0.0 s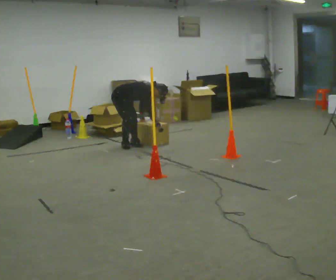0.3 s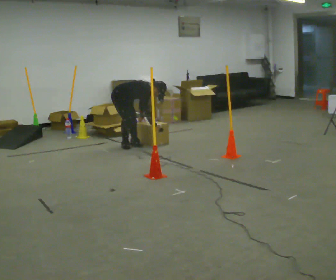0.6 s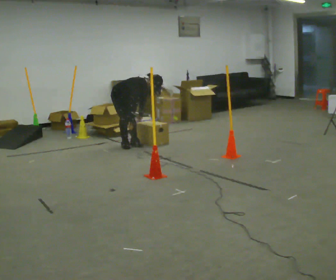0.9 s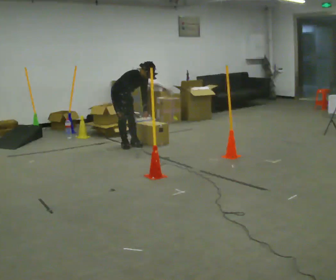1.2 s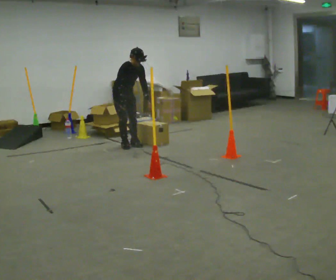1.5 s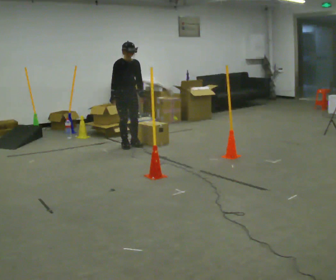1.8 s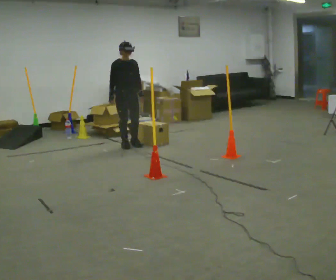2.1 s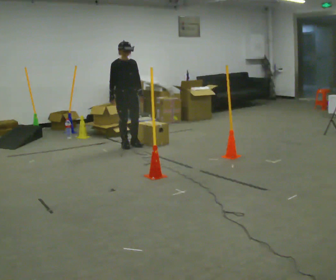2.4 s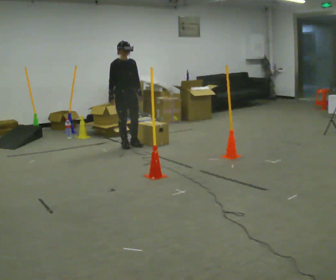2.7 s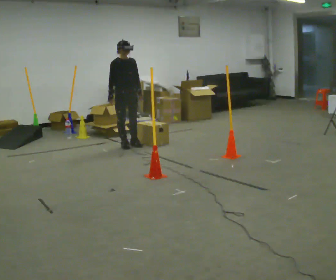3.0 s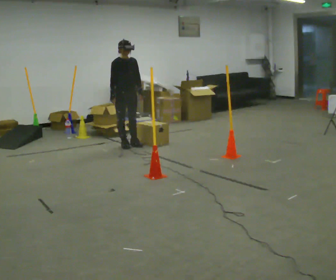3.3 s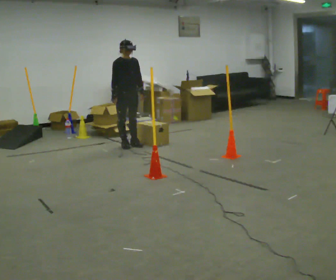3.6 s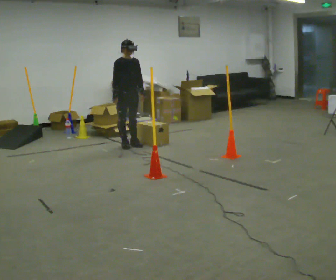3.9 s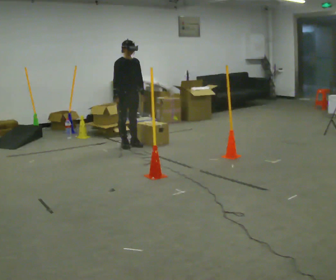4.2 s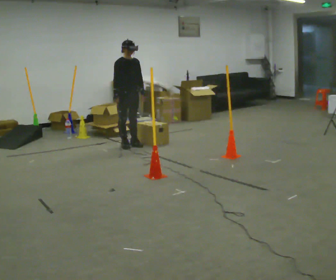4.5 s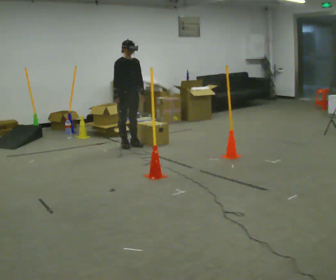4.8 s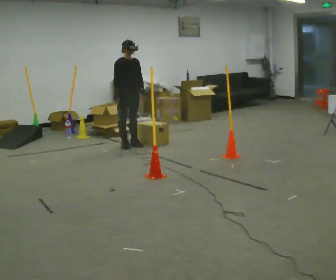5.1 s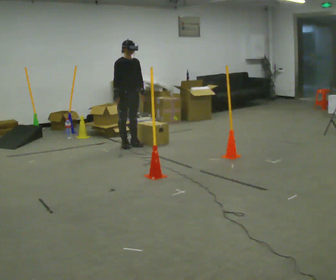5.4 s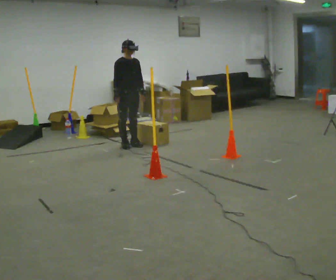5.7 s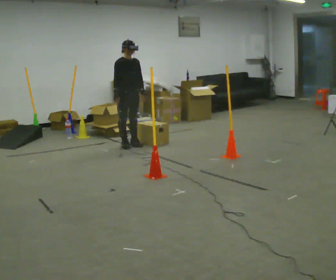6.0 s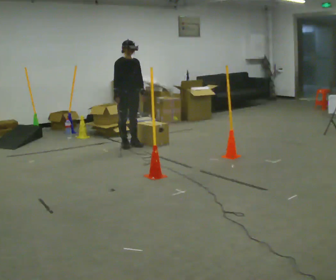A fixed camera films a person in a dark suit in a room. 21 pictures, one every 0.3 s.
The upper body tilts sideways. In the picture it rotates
counterclockwise.
Their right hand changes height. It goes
upward.
0.0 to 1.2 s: Seen from above the body turns clockwise, about 30 degrees: to their right, with its near side sliding to the left. The upper body goes upward. In the picture the upper body tilts counterclockwise, shoulders to the left, as they lean back or straighten.
1.2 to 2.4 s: In the picture the upper body tilts counterclockwise, shoulders to the left, as they lean back or straighten.
2.4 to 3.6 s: The person moves a little, or ends about where they began.
3.6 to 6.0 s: The person keeps their place and pose.
The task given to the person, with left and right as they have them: Carry the box through the gap between the panels without touching either side, then set it down and bring it back. Keep going until the operator says stop; one object at a time, and do not rush between trips.
The film runs forward here.
